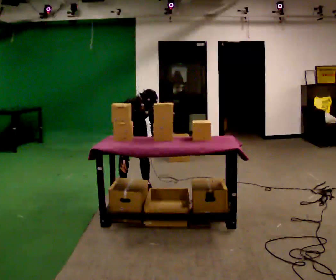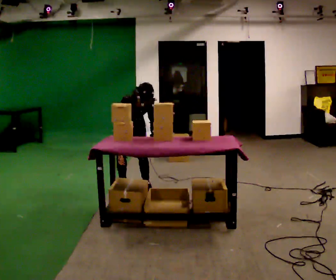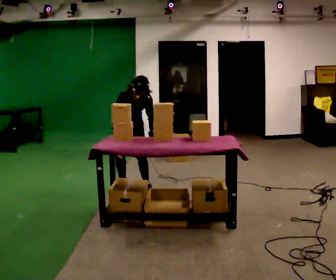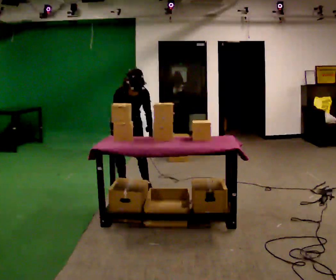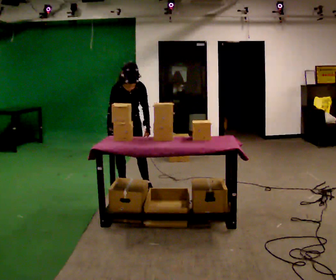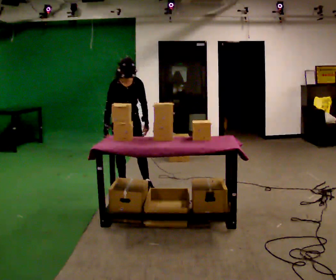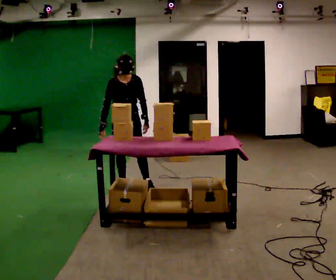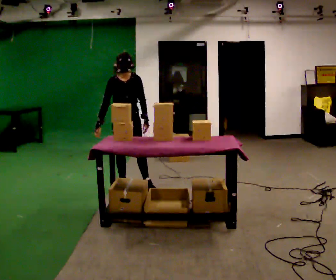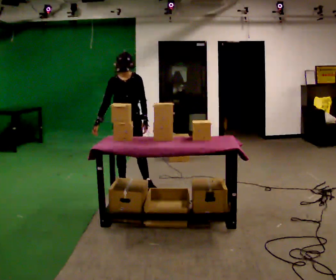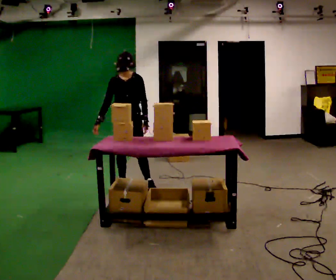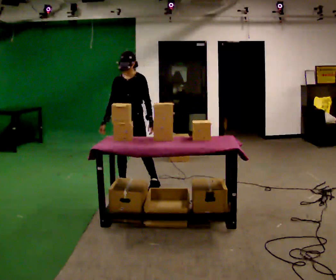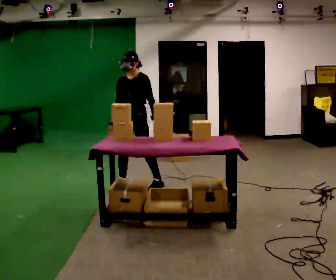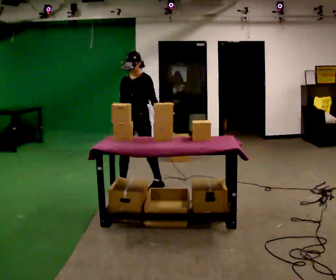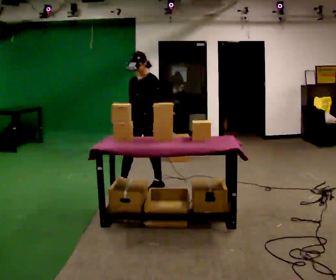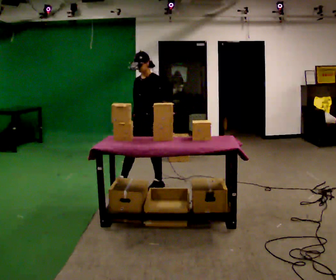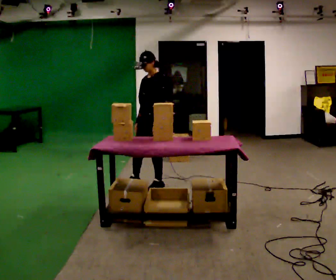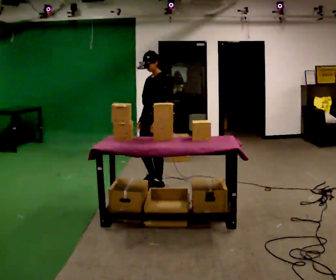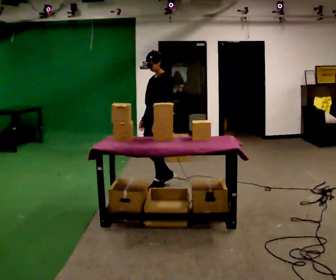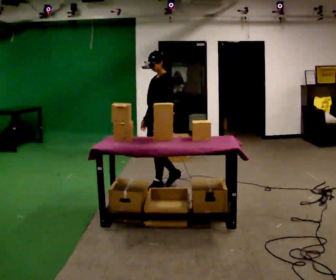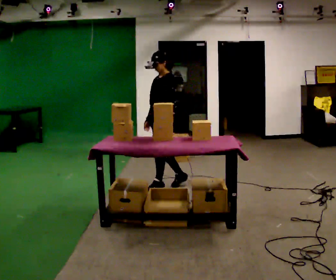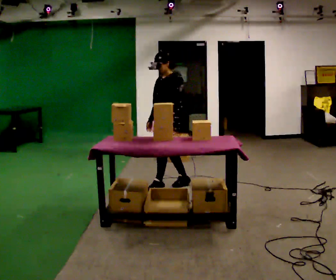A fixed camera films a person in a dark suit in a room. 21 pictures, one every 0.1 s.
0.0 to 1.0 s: The upper body goes upward. The upper body tips away from the camera, its near side rolling upward, as they lean back or straighten.
1.0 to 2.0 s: Seen from above the body turns clockwise, about 75 degrees: to their right, with its near side sliding to the left. In the picture they go to the right, about 0.5 m in 1 step.
The film runs backward here.
